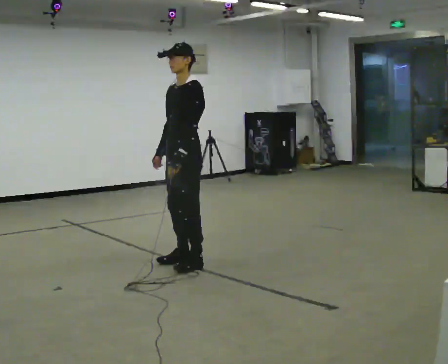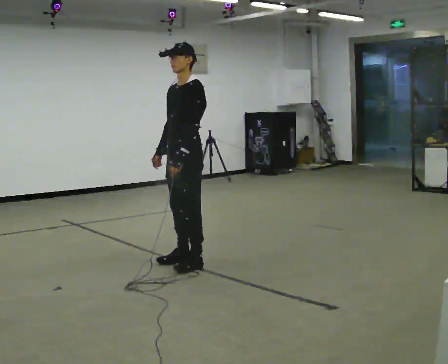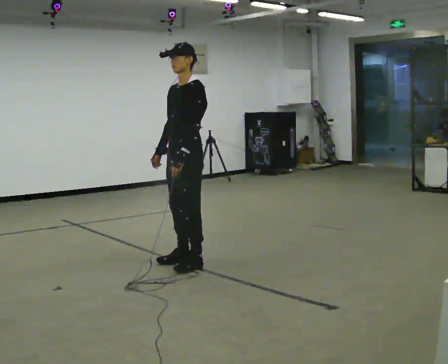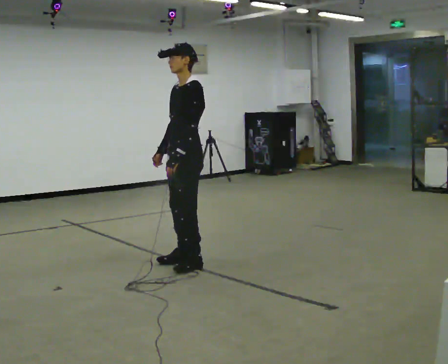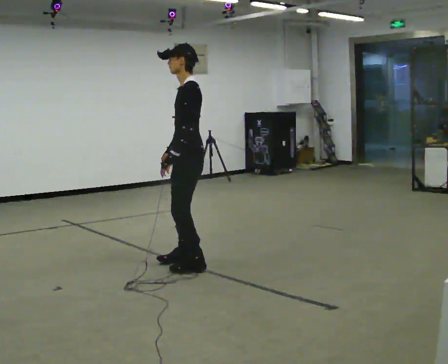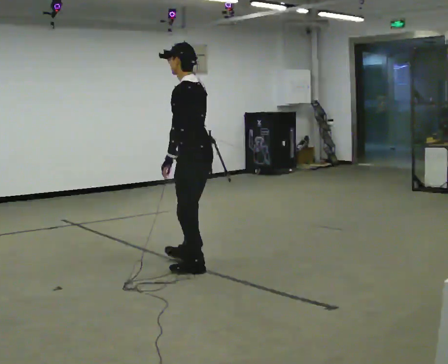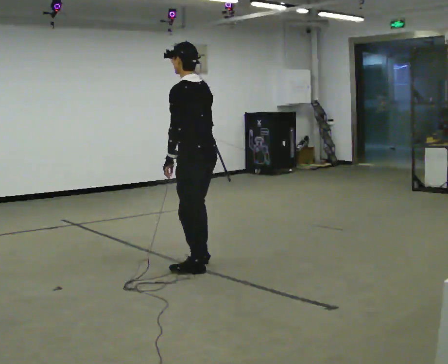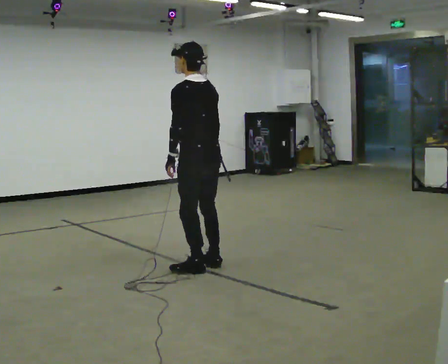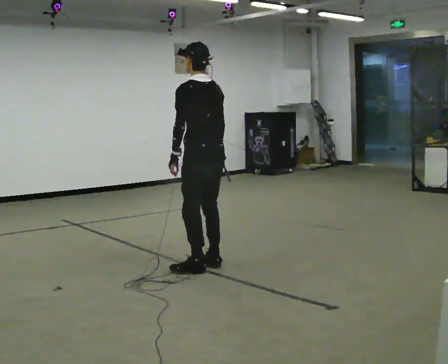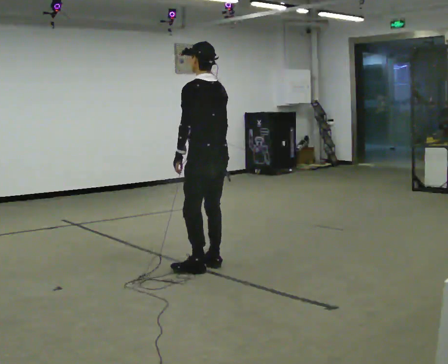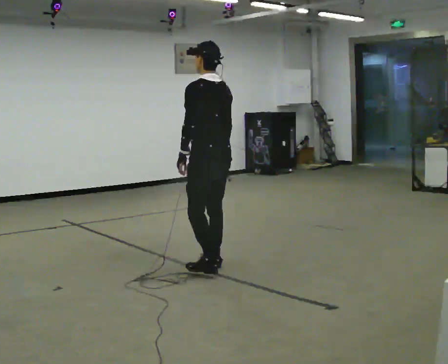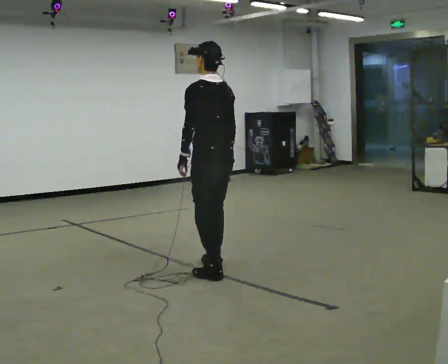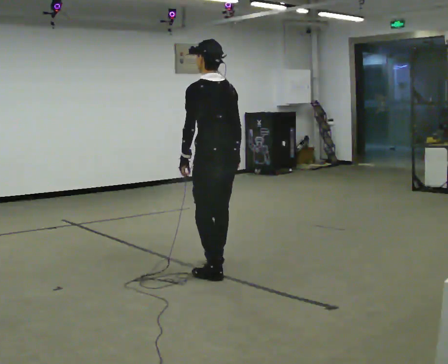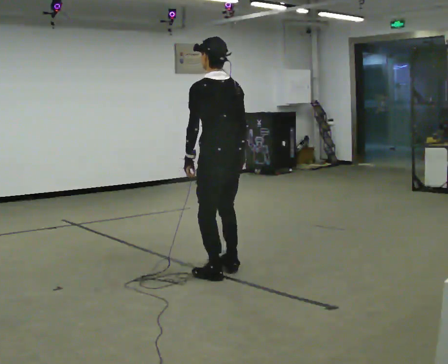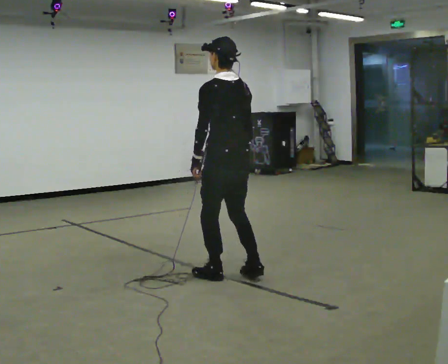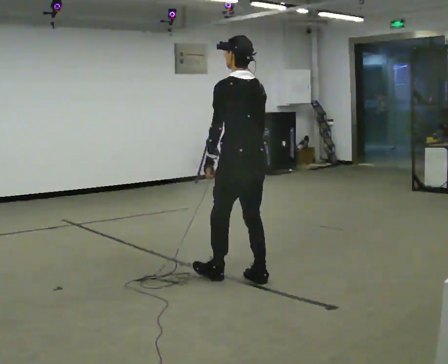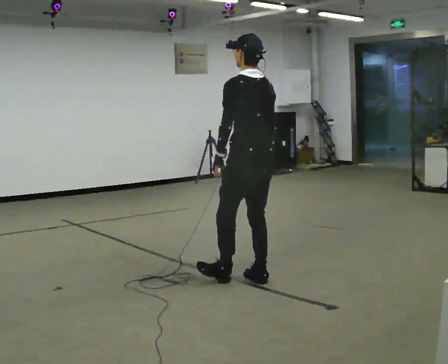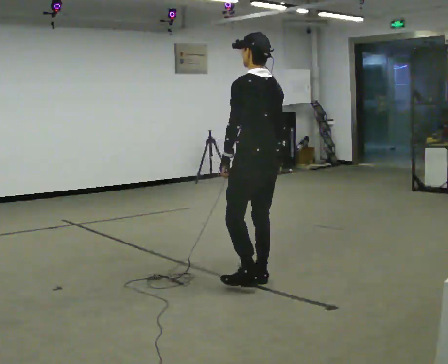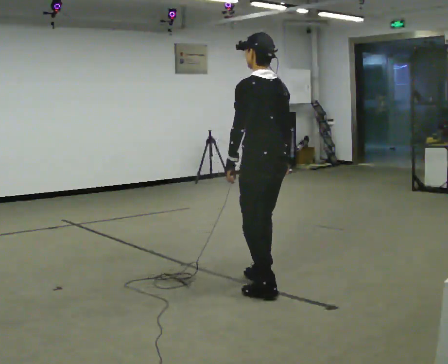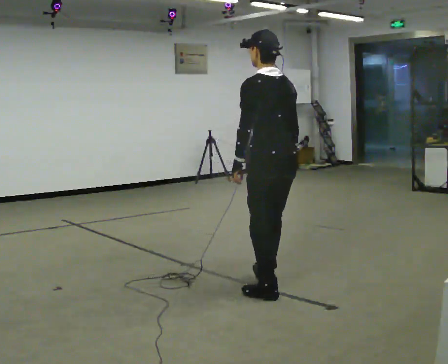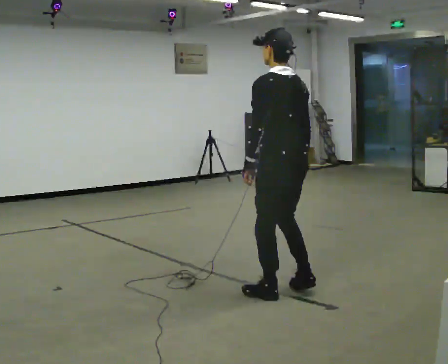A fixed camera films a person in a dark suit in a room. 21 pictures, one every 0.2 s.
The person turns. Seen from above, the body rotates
clockwise.
The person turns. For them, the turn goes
to their right.
0.0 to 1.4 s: The person turns about 75 degrees to their right, clockwise seen from above, so the part of the body nearest the lens slides to the left. In the picture their right hand goes to the right.
1.4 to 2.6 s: In the picture they go toward the camera and to the right, about 0.25 m in 1 step, which for them is backward.
2.6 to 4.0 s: In the picture they go toward the camera and to the right, about 0.5 m in 2 steps, which for them is backward.
The film runs forward here.
